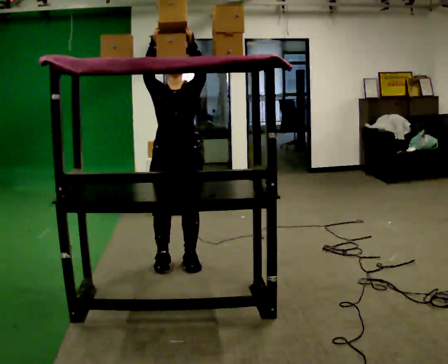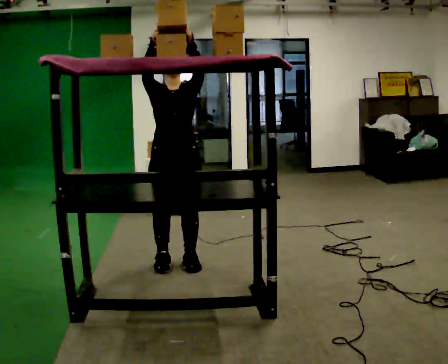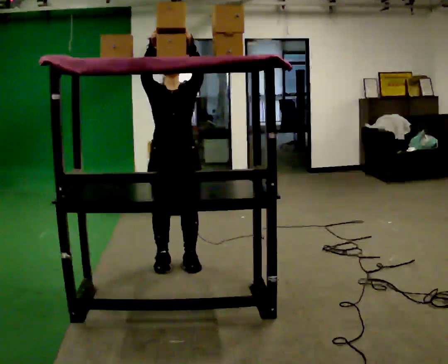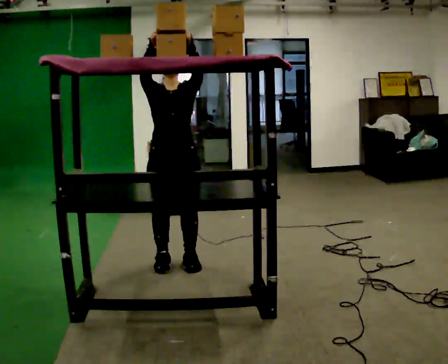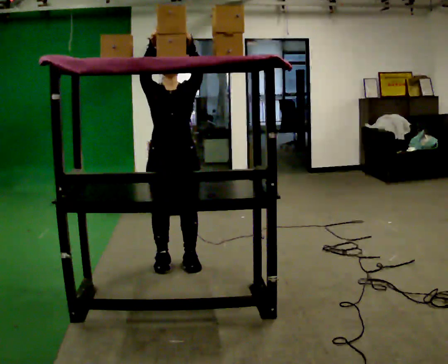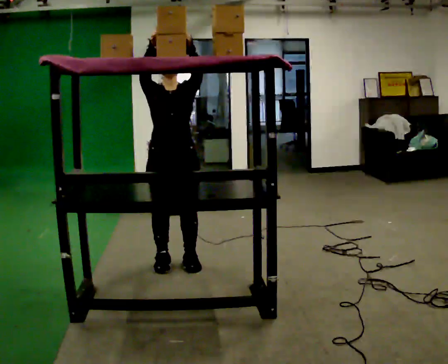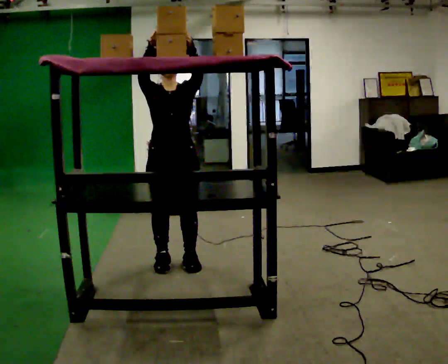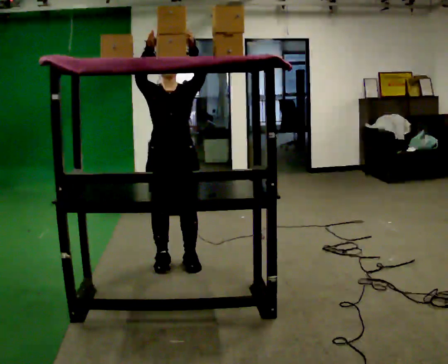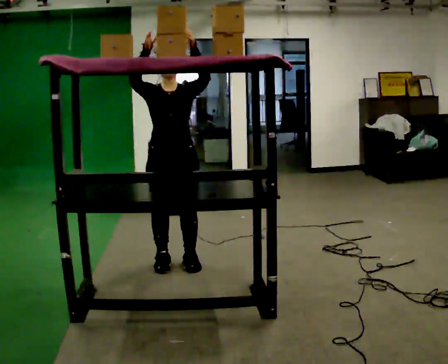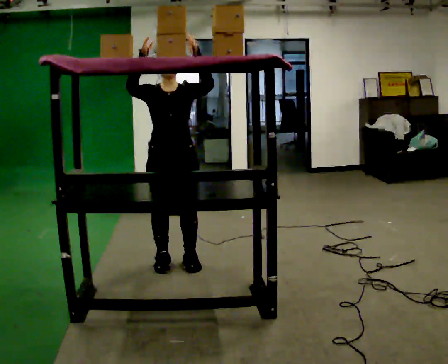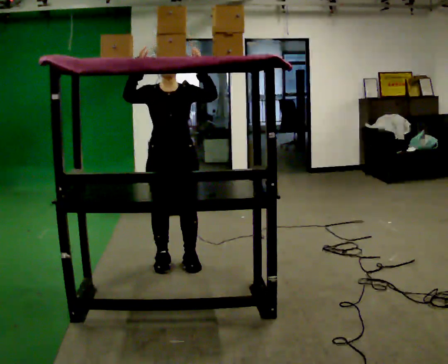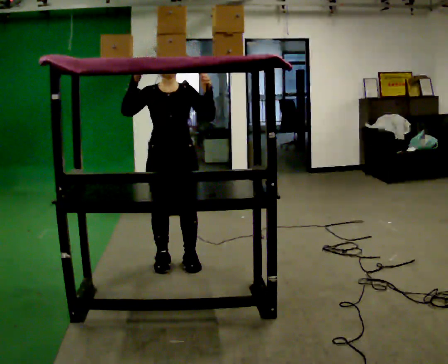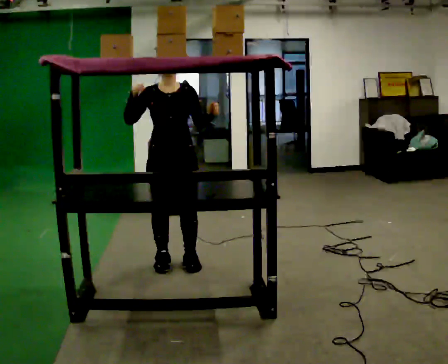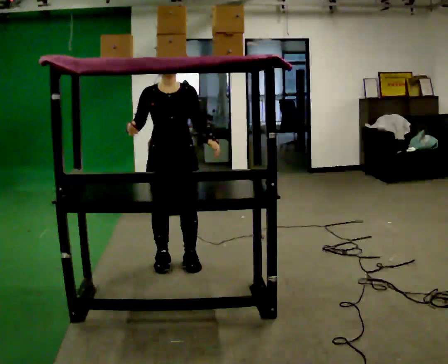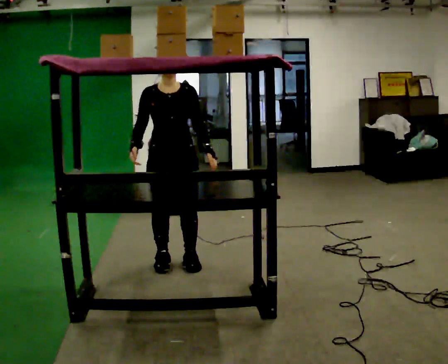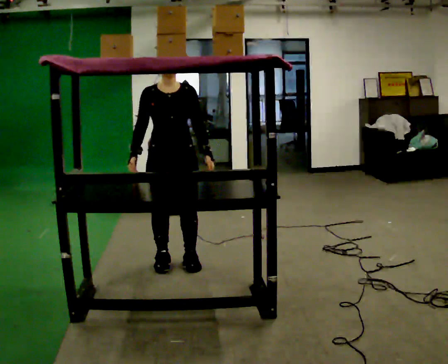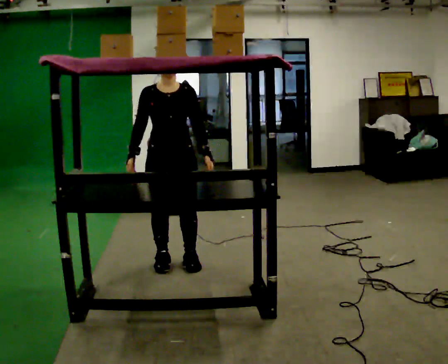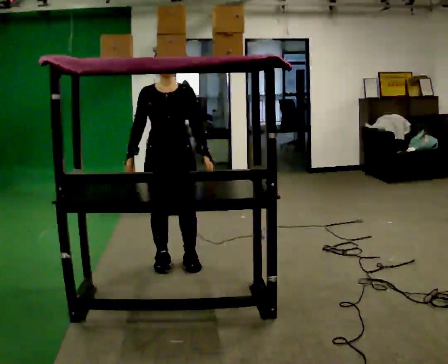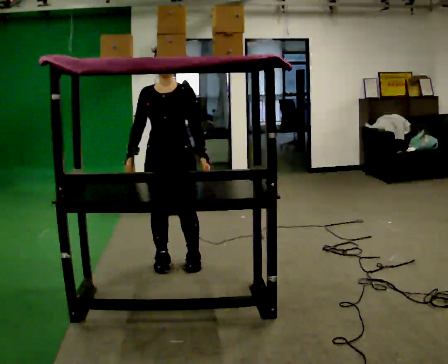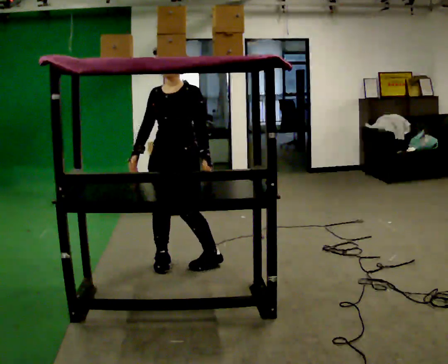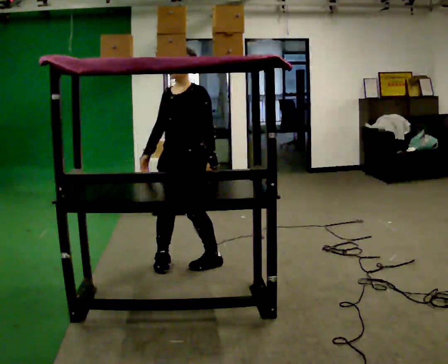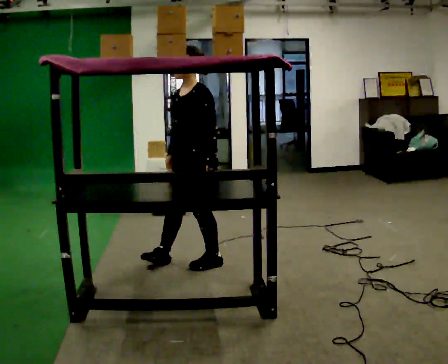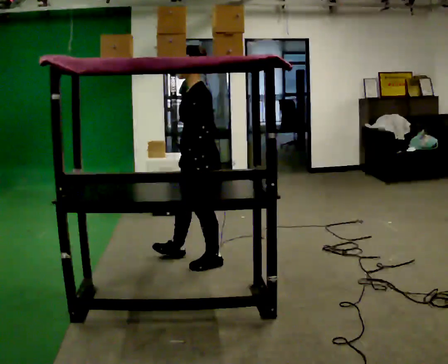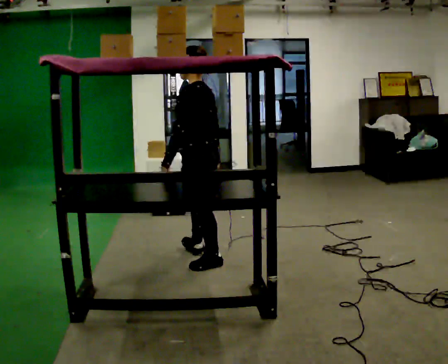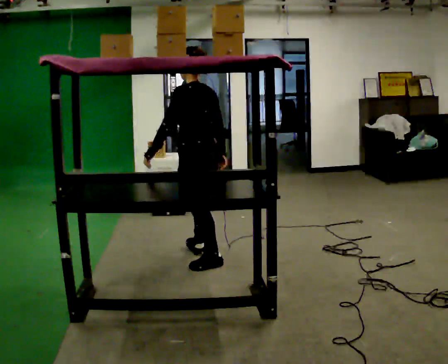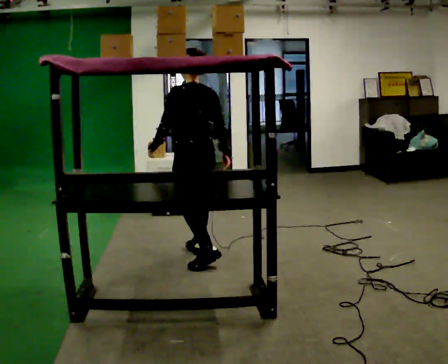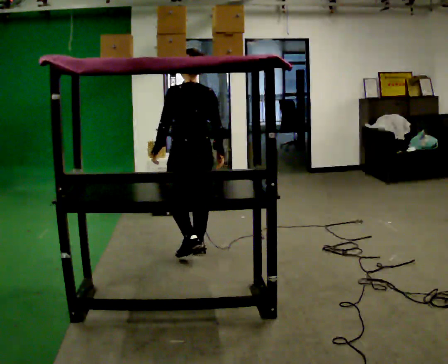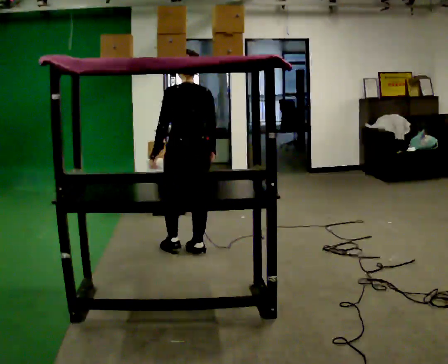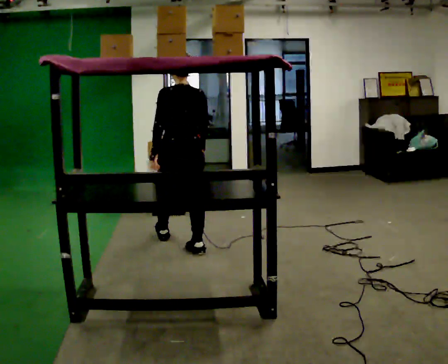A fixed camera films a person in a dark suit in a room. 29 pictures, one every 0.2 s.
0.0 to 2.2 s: In the picture their left hand goes downward.
2.2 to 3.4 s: In the picture their right hand goes downward.
3.4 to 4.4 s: The person turns about 90 degrees to their right, clockwise seen from above, so the part of the body nearest the lens slides to the left. In the picture they go to the right, about 0.25 m in 1 step. In the picture their right hand goes to the right.
4.4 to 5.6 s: Seen from above the body turns clockwise, about 75 degrees: to their right, with its near side sliding to the left. In the picture they go away from the camera, about 0.5 m in 1 step.
The film runs forward here.
